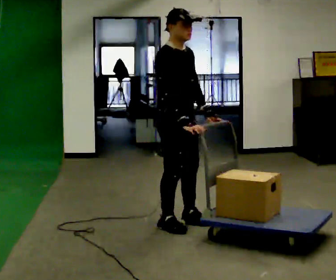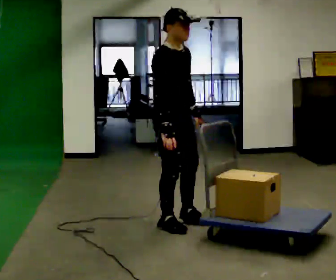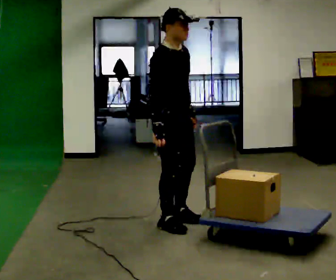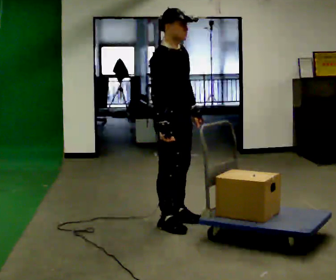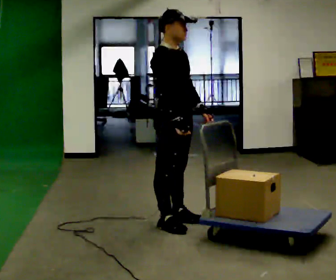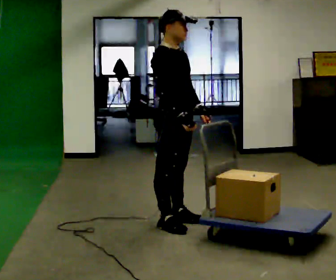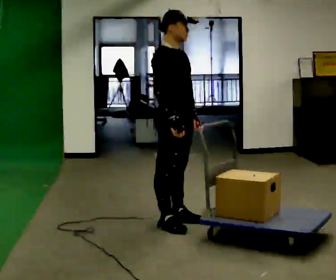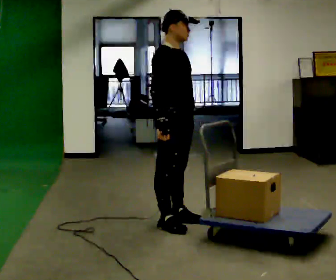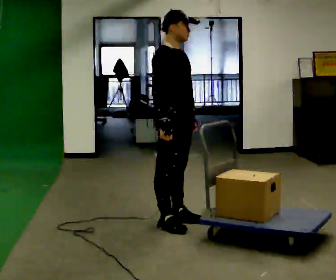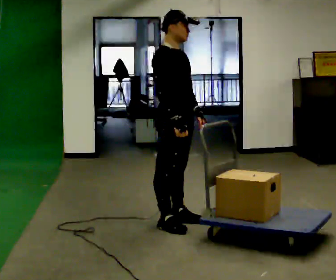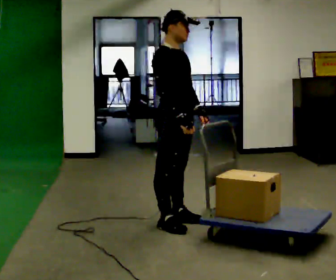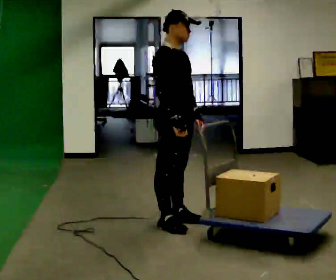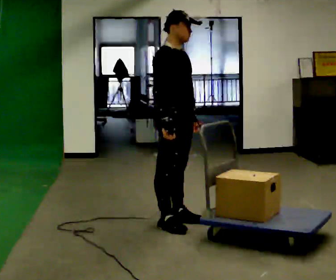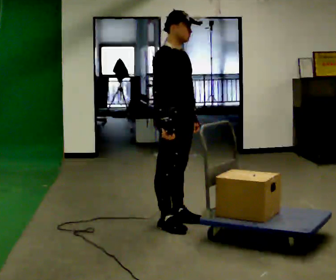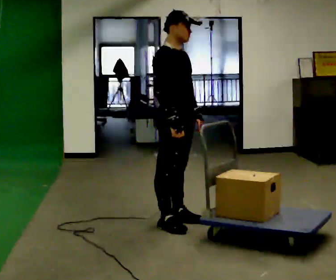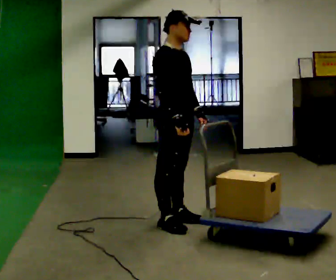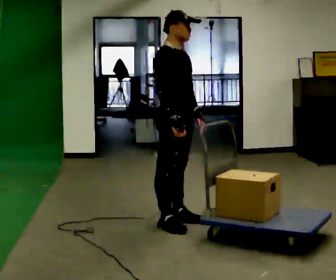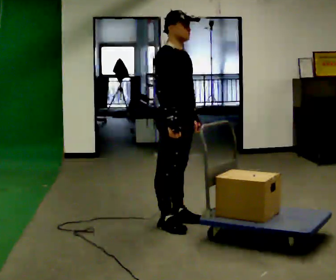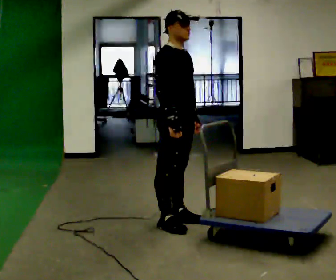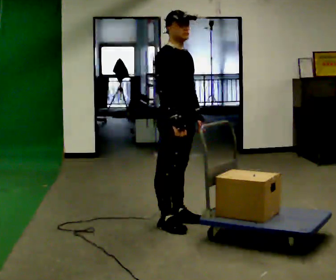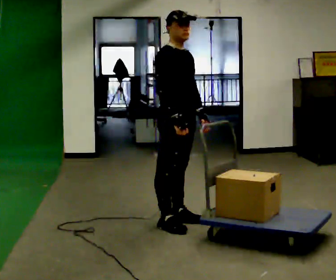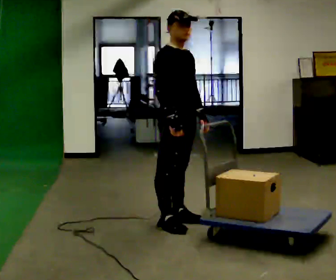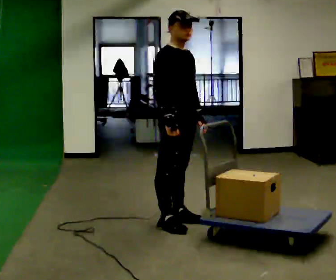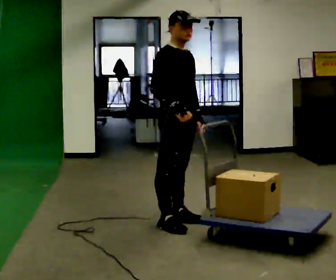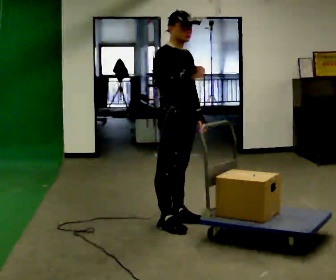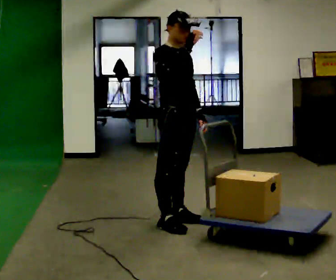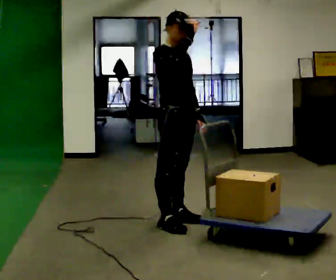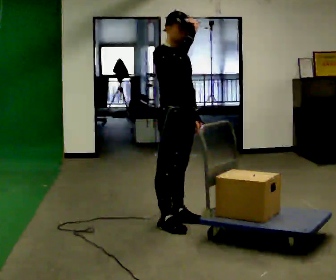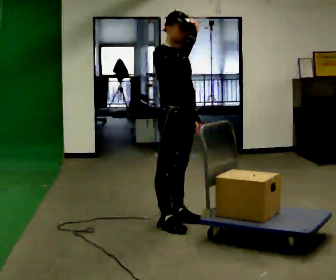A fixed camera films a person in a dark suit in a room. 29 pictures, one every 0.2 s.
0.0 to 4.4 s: The person moves a little, or ends about where they began.
4.4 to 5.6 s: In the picture their right hand goes upward.
The film runs forward here.
